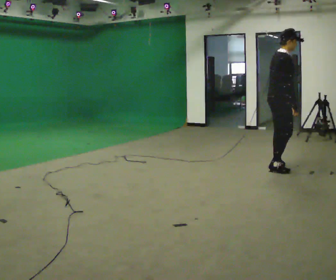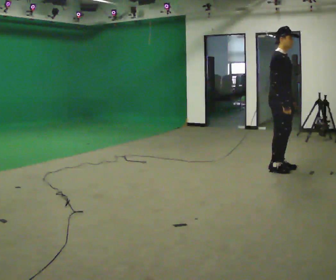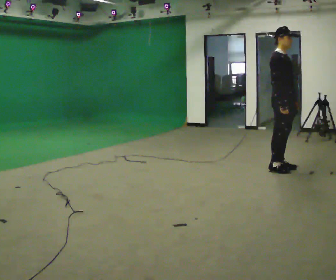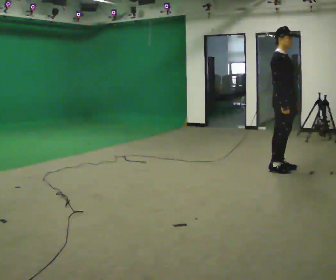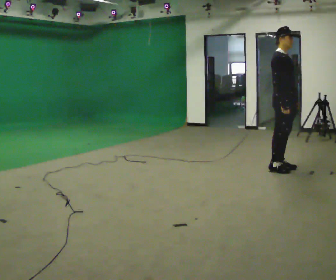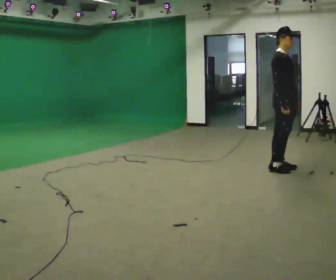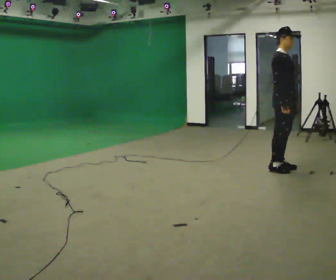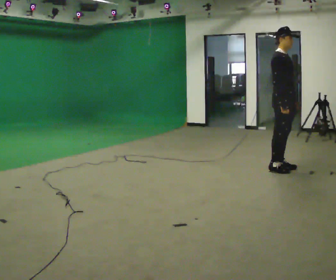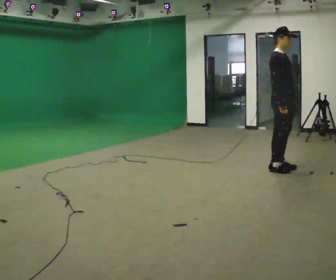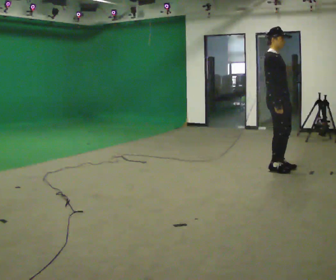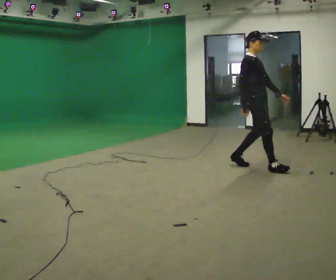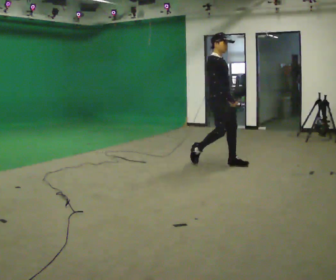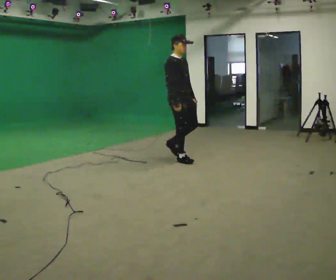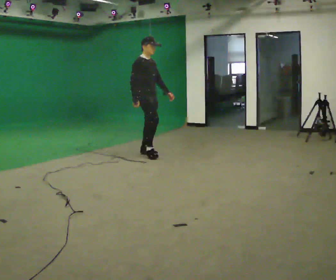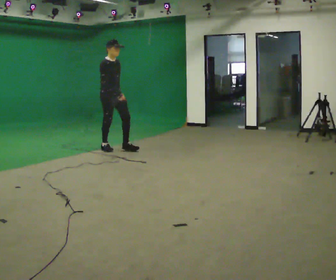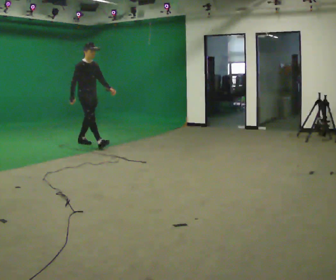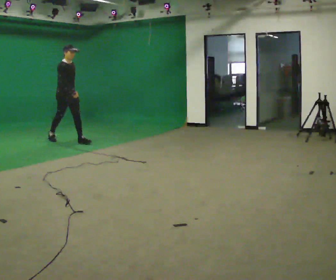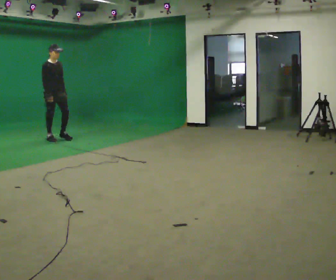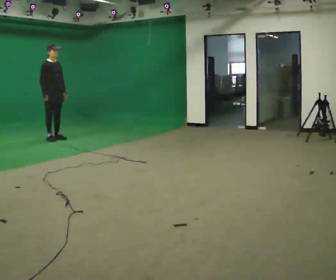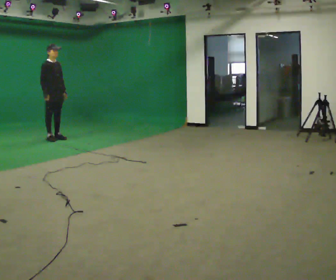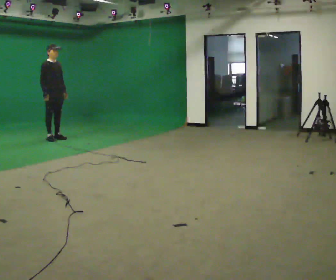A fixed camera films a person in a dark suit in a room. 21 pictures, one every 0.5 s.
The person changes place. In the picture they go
to the left.
0.0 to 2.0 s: The person turns about 45 degrees to their right, clockwise seen from above, so the part of the body nearest the lens slides to the left.
2.0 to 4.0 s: The person keeps their place and pose.
4.0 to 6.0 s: In the picture they go to the left, about 1.5 m in 3 steps, which for them is backward.
6.0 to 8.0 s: In the picture they go to the left, about 2.5 m in 3 steps, which for them is backward.
8.0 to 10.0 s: In the picture they go to the left and away from the camera, about 0.5 m in 1 step, which for them is backward.
The film runs backward here.
